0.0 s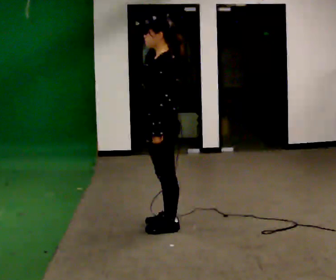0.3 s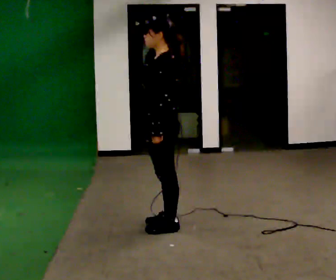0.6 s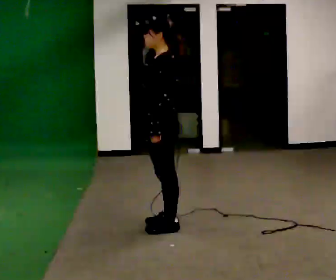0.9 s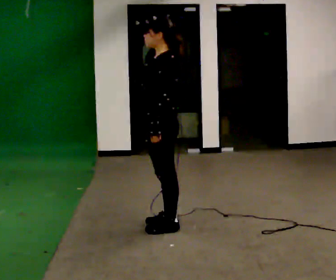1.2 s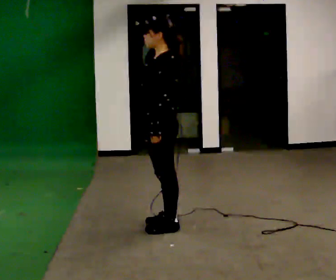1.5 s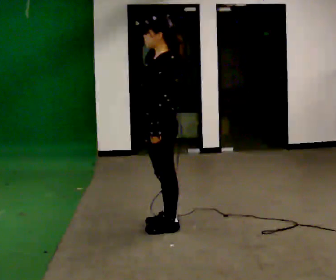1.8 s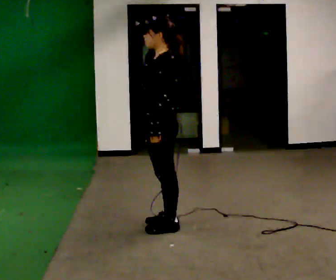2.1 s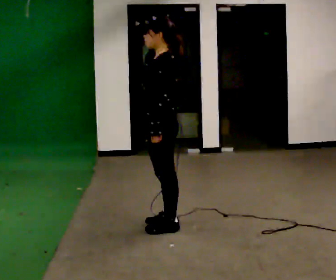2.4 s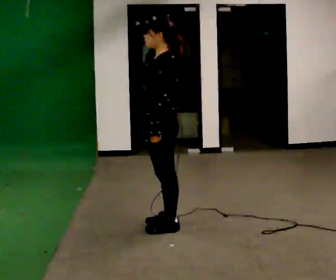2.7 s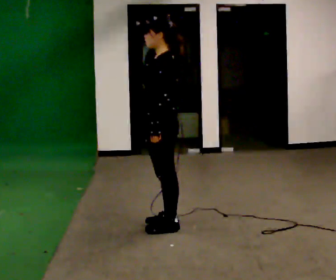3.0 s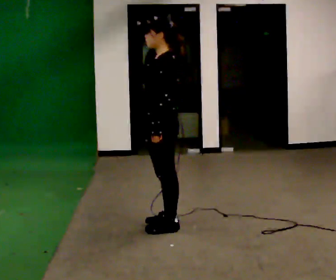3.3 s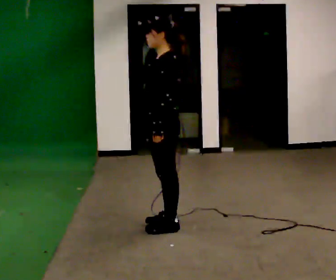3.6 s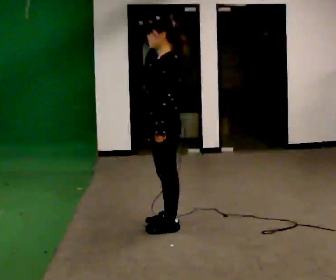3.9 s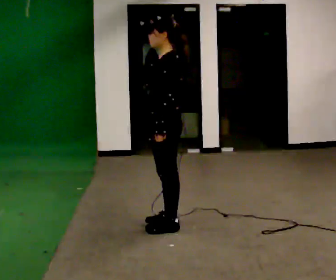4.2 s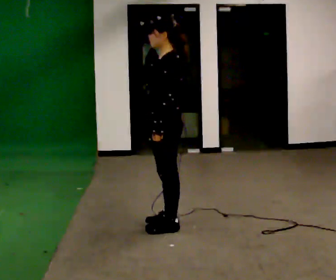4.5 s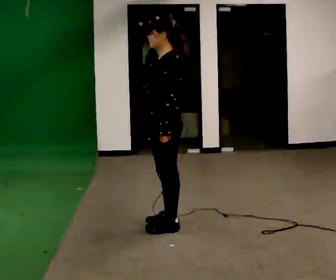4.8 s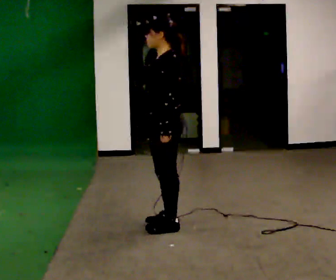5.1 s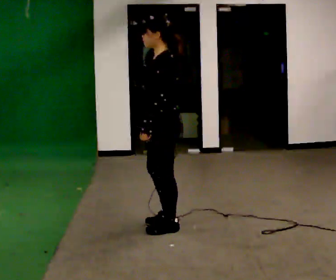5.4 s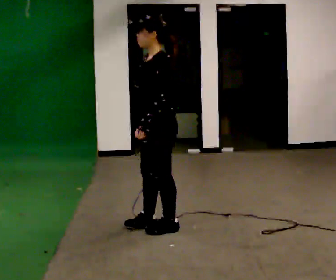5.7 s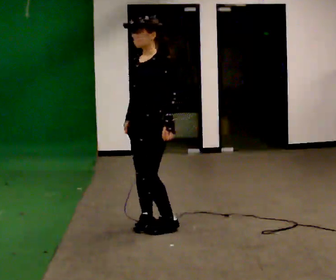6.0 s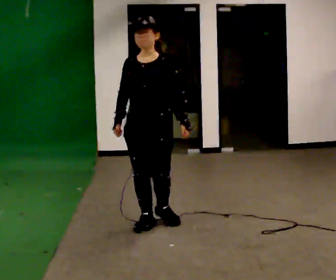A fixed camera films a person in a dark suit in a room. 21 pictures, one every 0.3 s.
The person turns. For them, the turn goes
to their left.
The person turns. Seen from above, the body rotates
counterclockwise.
0.0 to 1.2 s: The person moves a little, or ends about where they began.
1.2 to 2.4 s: The person keeps their place and pose.
2.4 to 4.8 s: The person moves a little, or ends about where they began.
4.8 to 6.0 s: The part of the body nearest the lens slides to the right as the person turns to their left by about 75 degrees. In the picture their right hand goes to the left.
The film runs backward here.
